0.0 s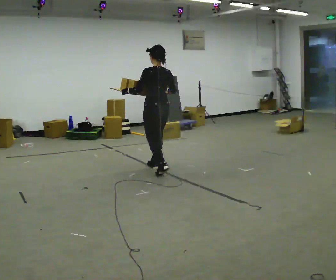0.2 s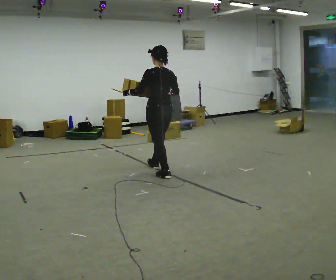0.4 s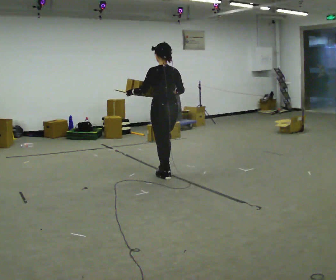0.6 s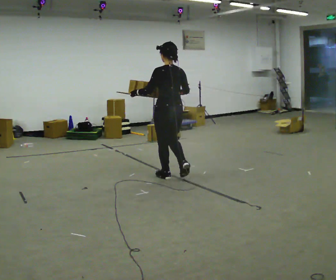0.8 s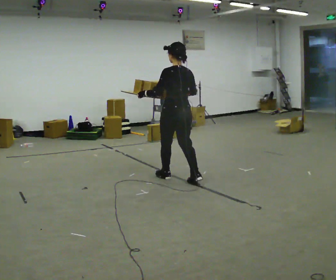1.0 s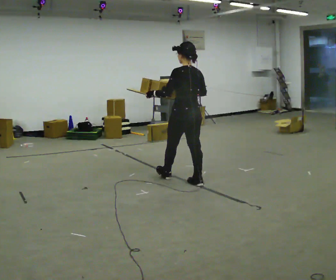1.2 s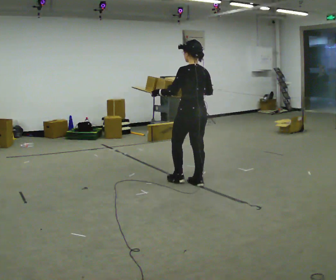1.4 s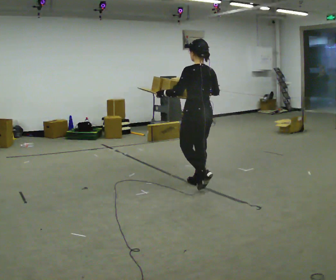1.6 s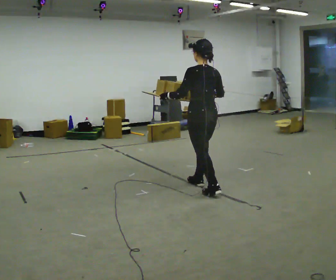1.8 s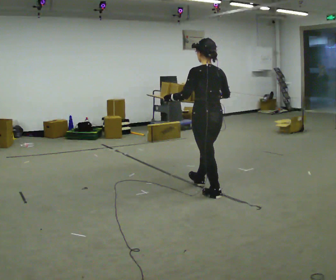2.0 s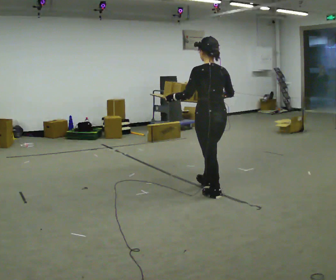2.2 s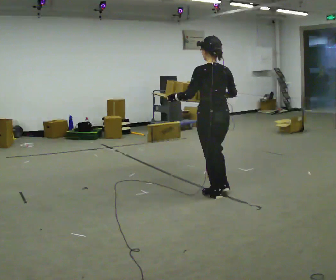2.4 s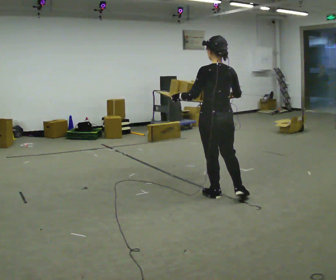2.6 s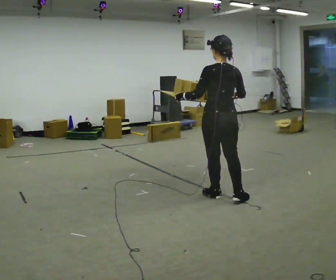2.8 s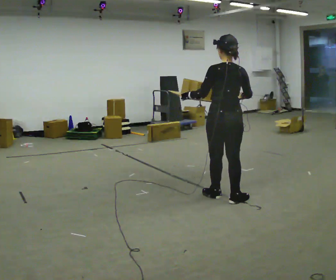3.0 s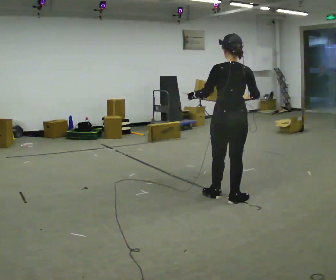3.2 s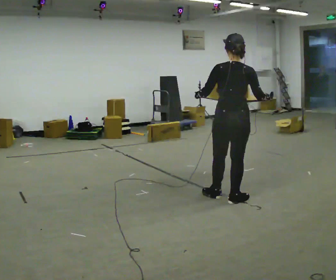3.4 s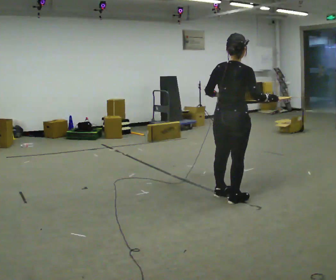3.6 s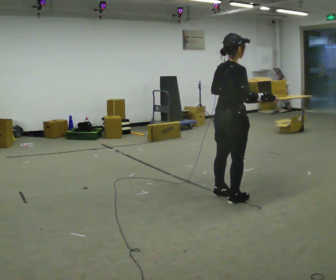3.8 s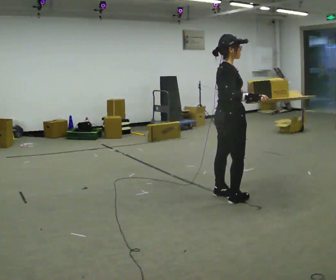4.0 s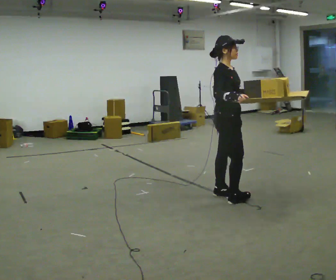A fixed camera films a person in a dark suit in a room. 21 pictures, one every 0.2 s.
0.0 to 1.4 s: In the picture they go toward the camera and to the right, about 1 m in 2 steps, which for them is backward.
1.4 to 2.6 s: In the picture they go toward the camera and to the right, about 0.5 m in 1 step, which for them is backward.
2.6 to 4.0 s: The person turns about 120 degrees to their right, clockwise seen from above, so the part of the body nearest the lens slides to the left.
The film runs backward here.
